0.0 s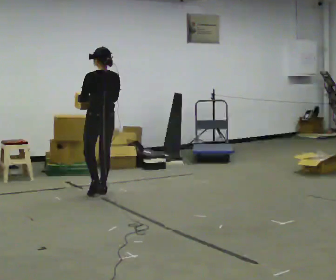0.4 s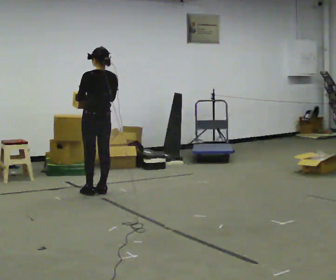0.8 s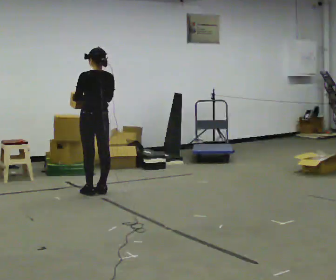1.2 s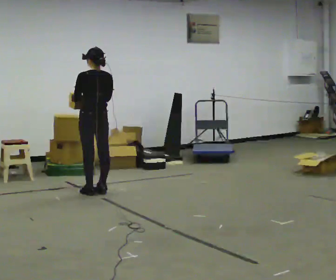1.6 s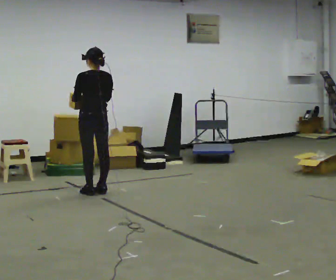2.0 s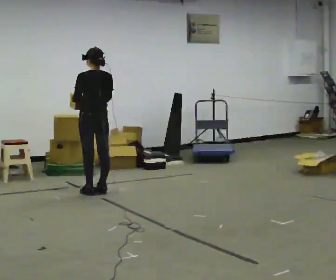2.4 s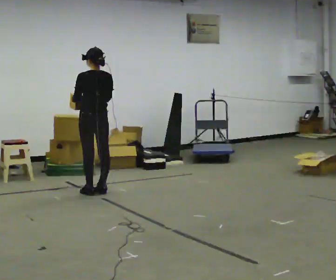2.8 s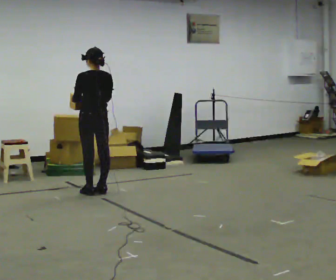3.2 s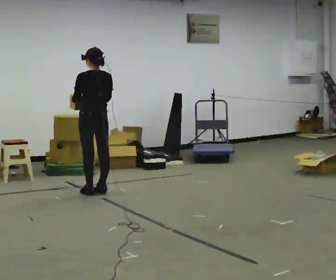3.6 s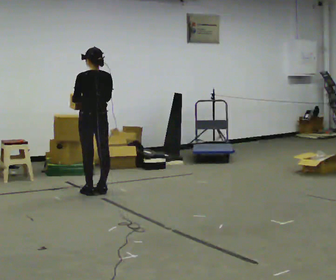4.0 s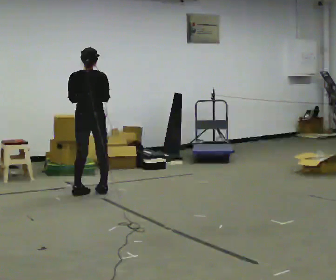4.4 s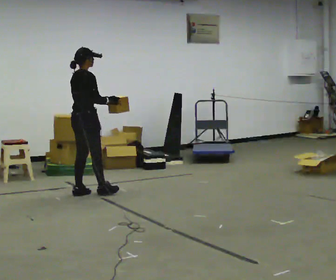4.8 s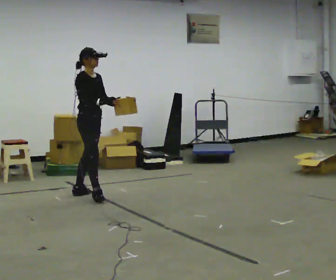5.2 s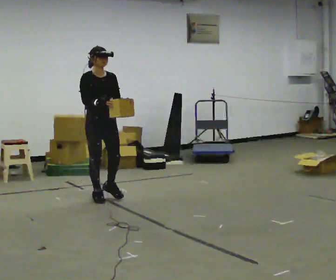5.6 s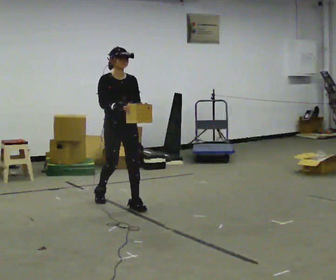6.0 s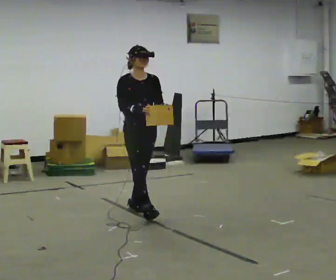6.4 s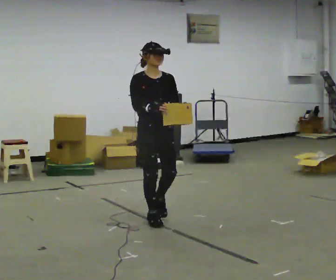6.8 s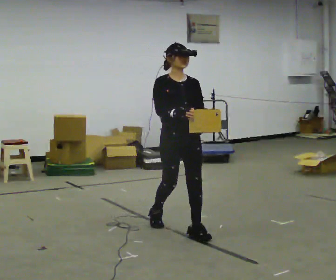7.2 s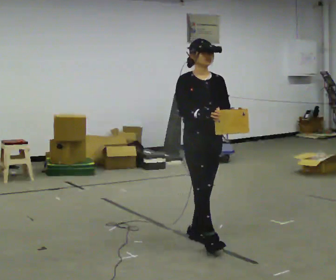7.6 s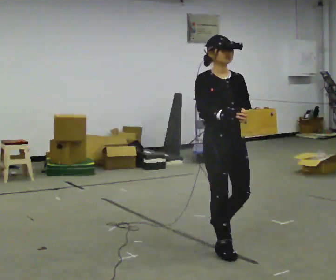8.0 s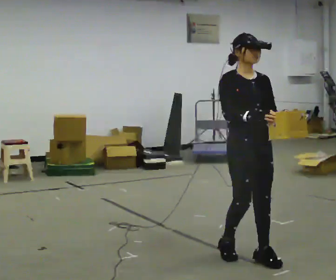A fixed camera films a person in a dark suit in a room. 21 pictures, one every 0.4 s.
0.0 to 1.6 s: The person moves a little, or ends about where they began.
1.6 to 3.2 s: The person keeps their place and pose.
3.2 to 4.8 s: The person turns about 150 degrees to their right, clockwise seen from above, so the part of the body nearest the lens slides to the left. In the picture they go toward the camera, about 0.25 m in 2 steps.
4.8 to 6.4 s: The part of the body nearest the lens slides to the left as the person turns to their right by about 45 degrees. In the picture they go toward the camera and to the right, about 1 m in 2 steps, which for them is forward.
6.4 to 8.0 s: In the picture they go toward the camera and to the right, about 1 m in 3 steps, which for them is forward.
The film runs forward here.
